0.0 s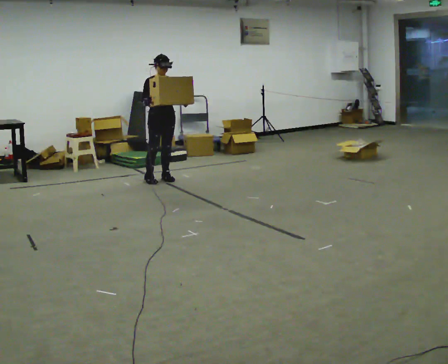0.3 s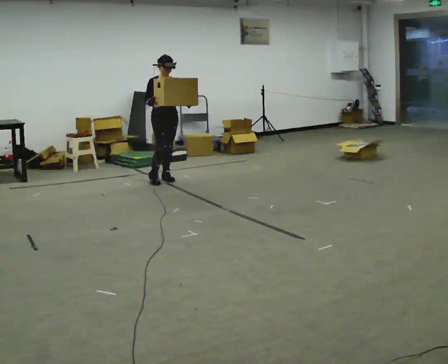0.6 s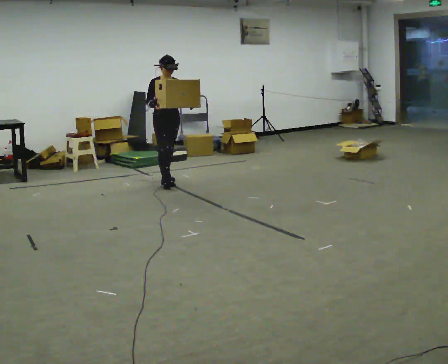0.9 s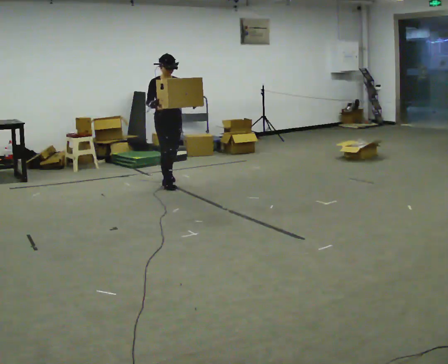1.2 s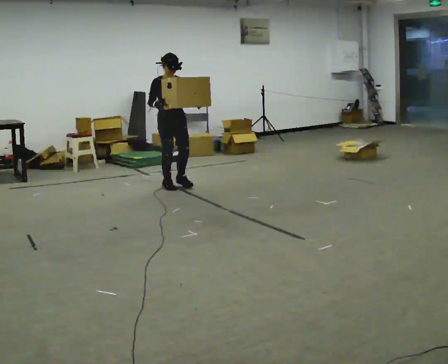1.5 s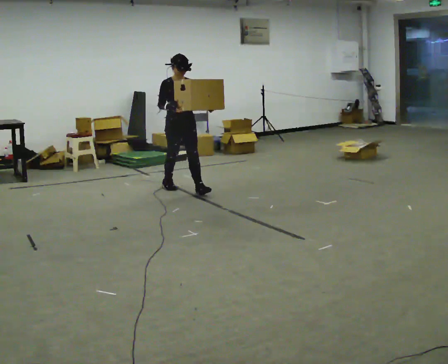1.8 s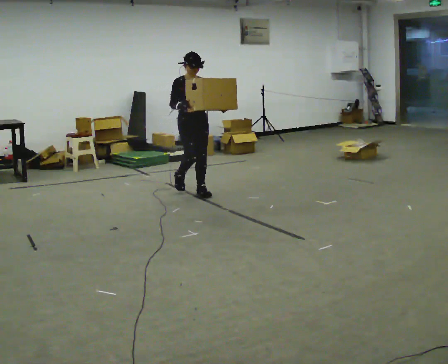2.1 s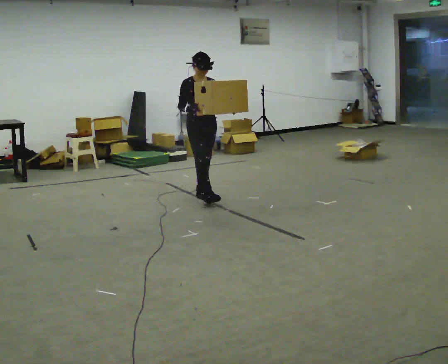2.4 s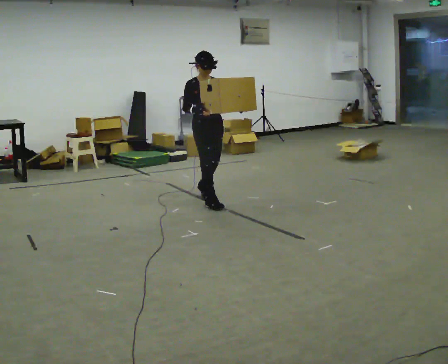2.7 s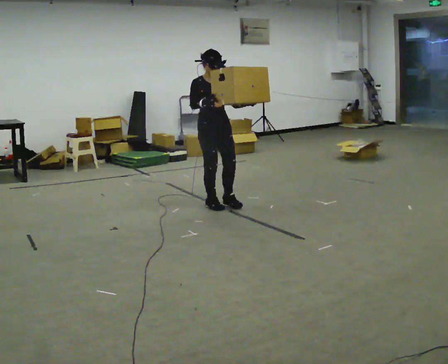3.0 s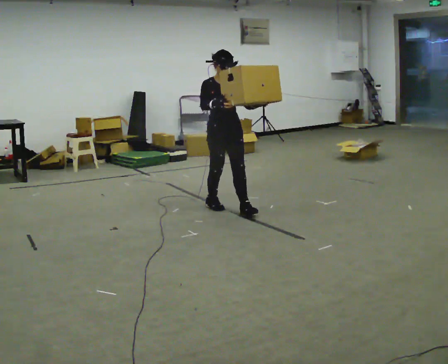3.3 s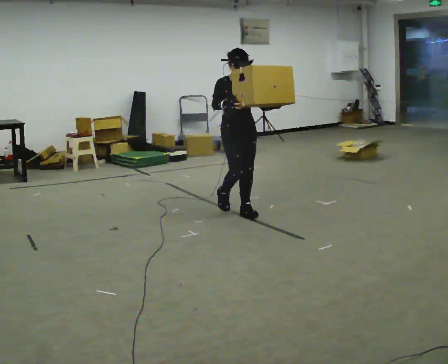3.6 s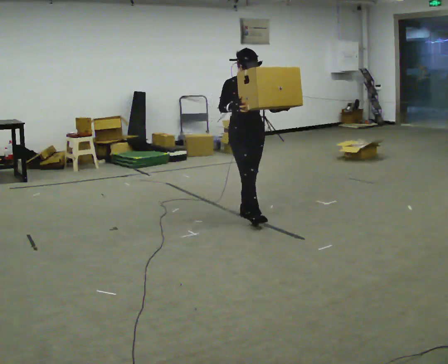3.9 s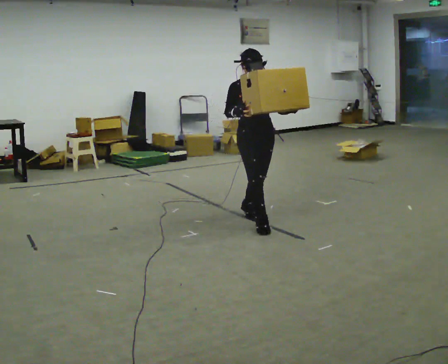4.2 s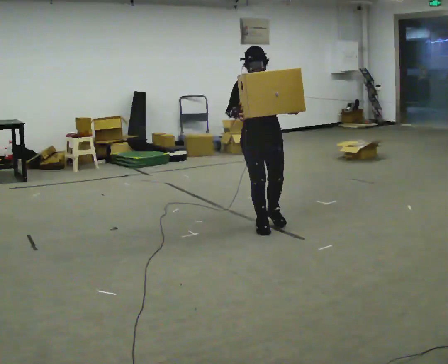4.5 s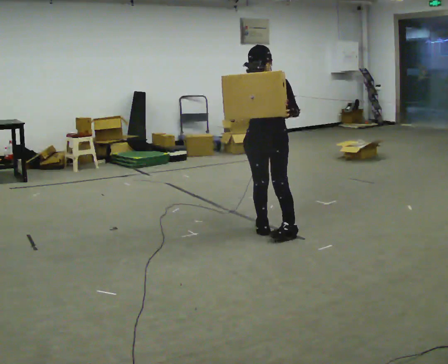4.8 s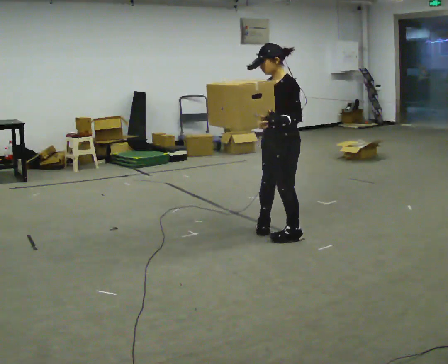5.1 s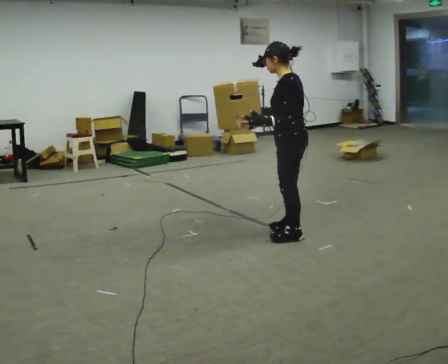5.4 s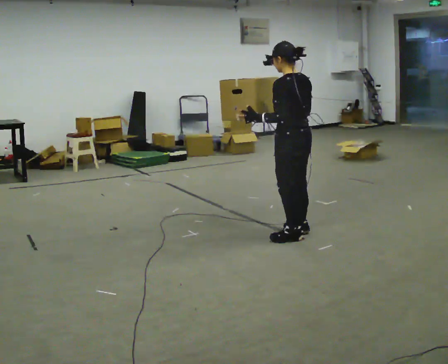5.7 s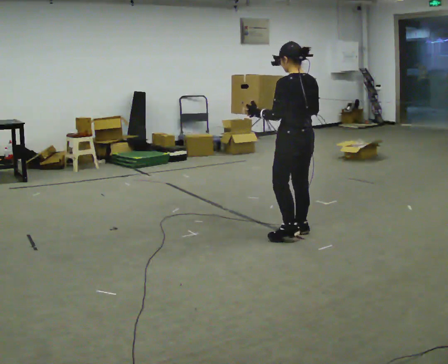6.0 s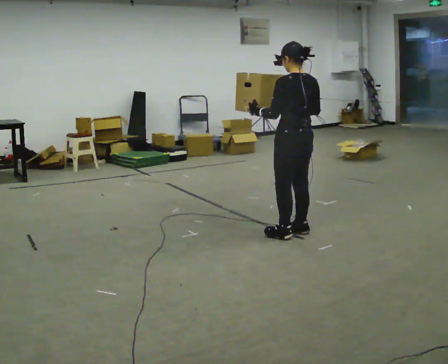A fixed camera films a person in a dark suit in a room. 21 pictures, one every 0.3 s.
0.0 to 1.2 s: In the picture they go toward the camera and to the right, about 0.5 m in 1 step, which for them is forward.
1.2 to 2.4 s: In the picture they go toward the camera and to the right, about 0.5 m in 2 steps, which for them is forward.
2.4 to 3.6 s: In the picture they go toward the camera and to the right, about 0.75 m in 1 step, which for them is forward.
3.6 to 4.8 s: The person turns about 90 degrees to their right, clockwise seen from above, so the part of the body nearest the lens slides to the left. In the picture they go toward the camera and to the right, about 0.75 m in 2 steps.
4.8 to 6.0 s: Seen from above the body turns clockwise, about 75 degrees: to their right, with its near side sliding to the left.
The film runs forward here.
